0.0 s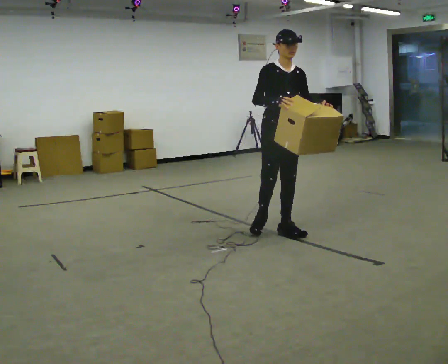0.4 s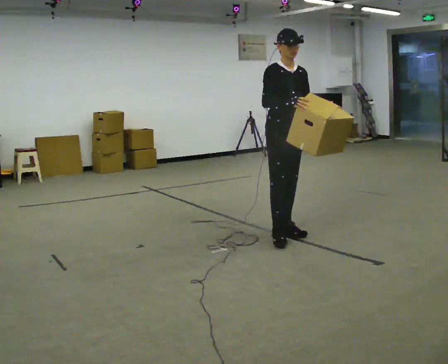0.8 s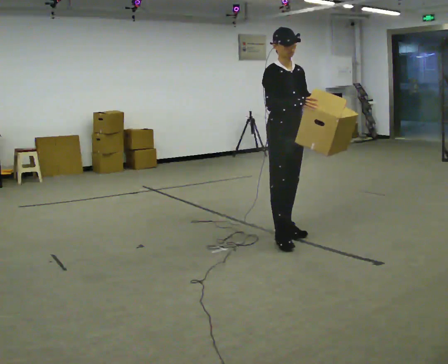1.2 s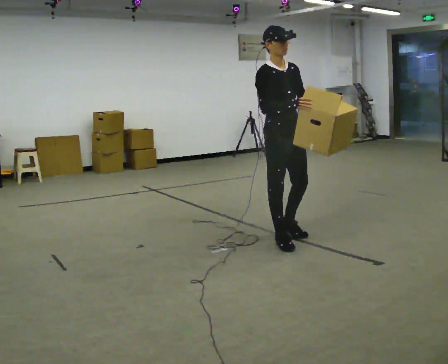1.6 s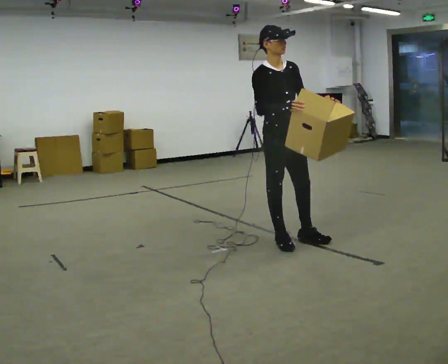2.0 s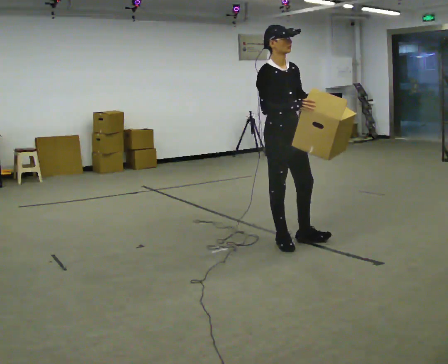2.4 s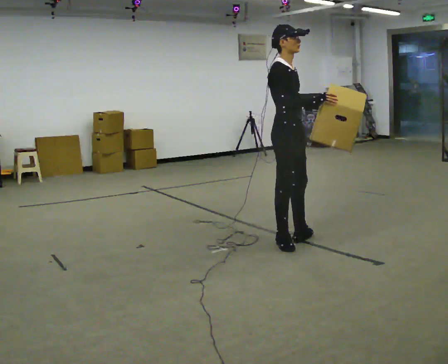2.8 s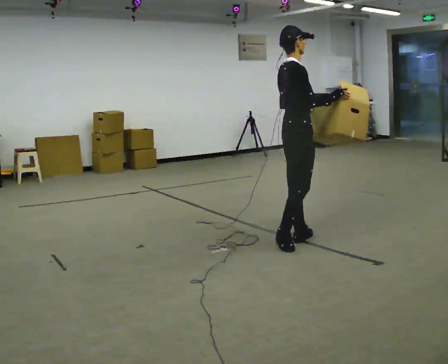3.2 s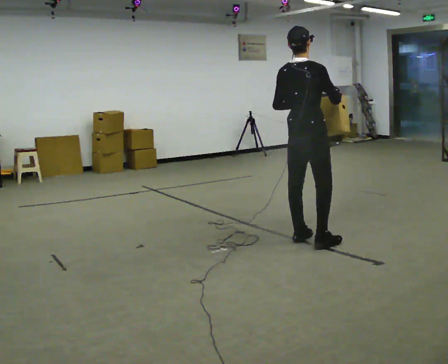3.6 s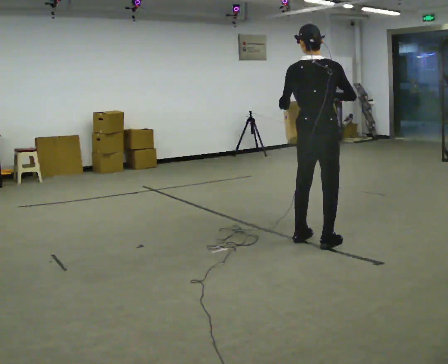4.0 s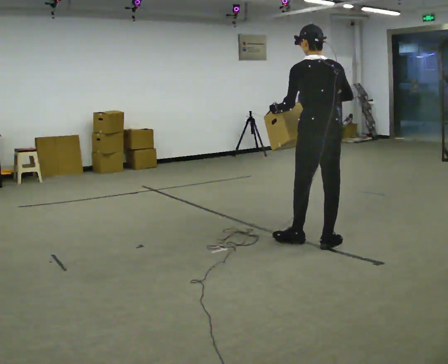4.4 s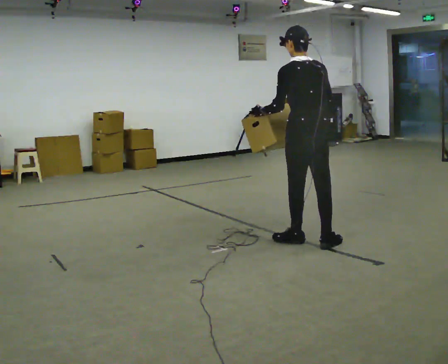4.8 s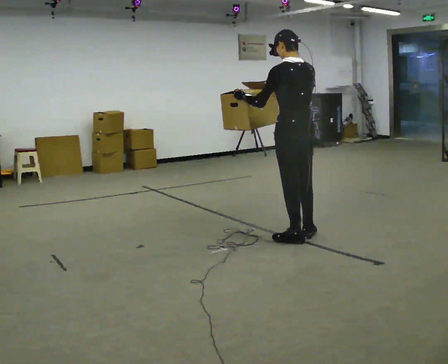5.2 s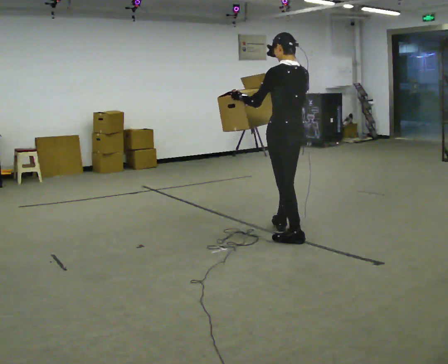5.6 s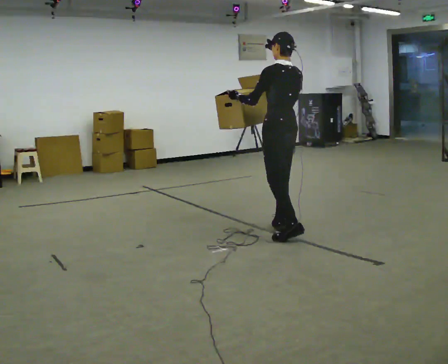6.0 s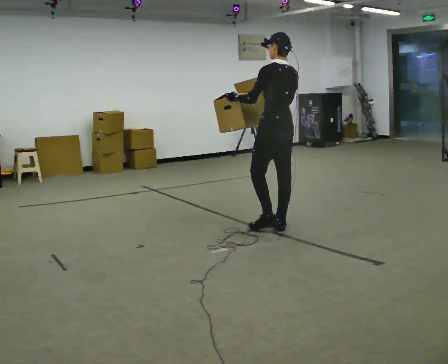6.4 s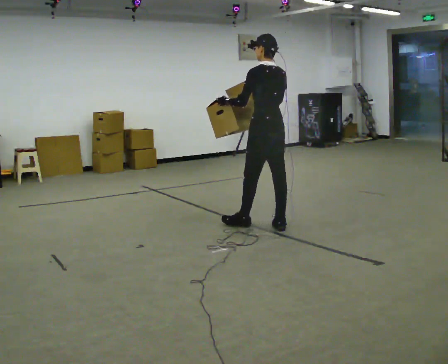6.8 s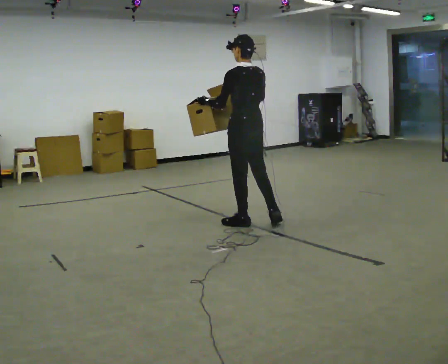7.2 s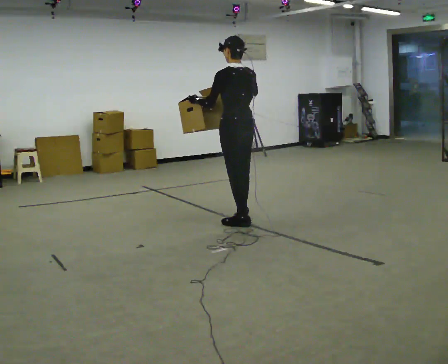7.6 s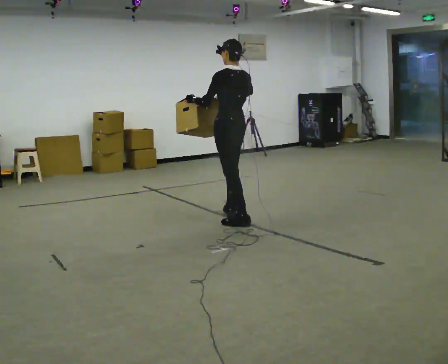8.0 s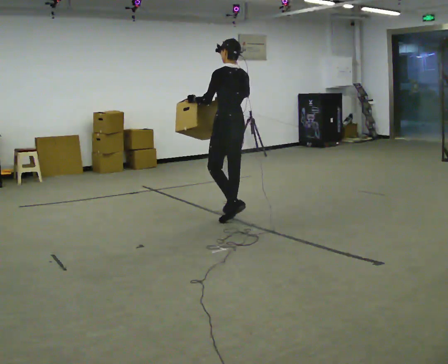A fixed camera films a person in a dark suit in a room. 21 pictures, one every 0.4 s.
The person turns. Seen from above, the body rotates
counterclockwise.
The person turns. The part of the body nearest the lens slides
to the right.
0.0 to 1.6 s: In the picture they go toward the camera, about 0.25 m in 1 step, which for them is forward and to their right.
1.6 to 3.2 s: The person turns about 105 degrees to their left, counterclockwise seen from above, so the part of the body nearest the lens slides to the right. In the picture they go to the right, about 0.25 m in 1 step.
3.2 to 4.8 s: The person turns about 75 degrees to their left, counterclockwise seen from above, so the part of the body nearest the lens slides to the right. In the picture their right hand goes to the left.
4.8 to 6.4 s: In the picture they go away from the camera and to the left, about 0.5 m in 2 steps, which for them is forward.
6.4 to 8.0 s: In the picture they go to the left and away from the camera, about 0.5 m in 1 step, which for them is forward.
The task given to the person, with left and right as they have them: Carry the lidded box and, while you are still walking, open the lid, then close it again. Repeat as you walk back and forth. Do not stop to do it.
The film runs forward here.
